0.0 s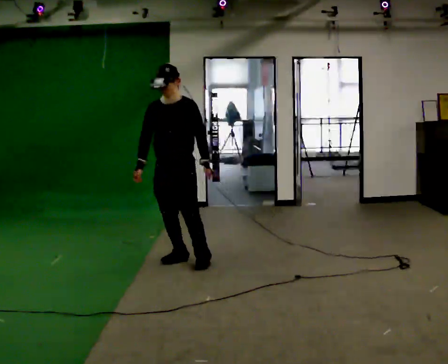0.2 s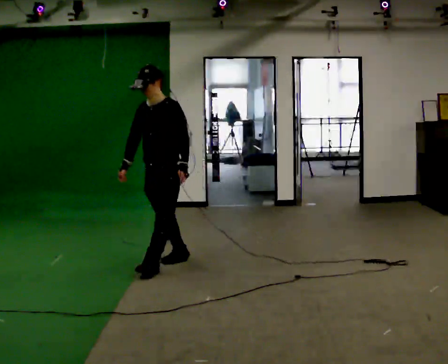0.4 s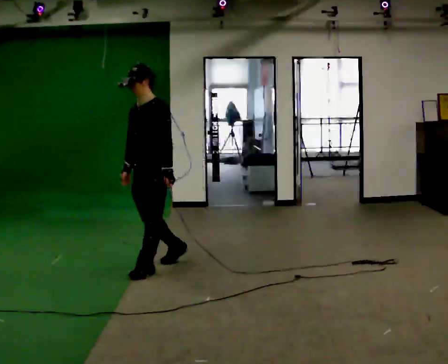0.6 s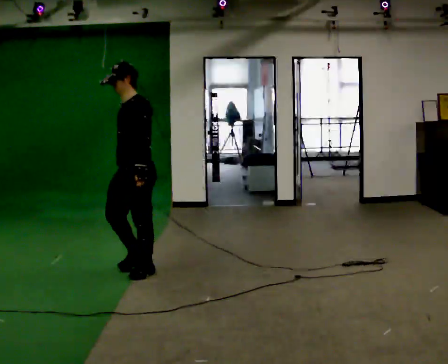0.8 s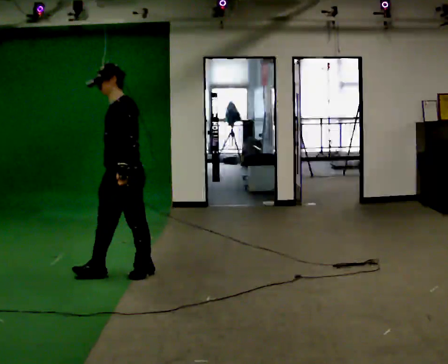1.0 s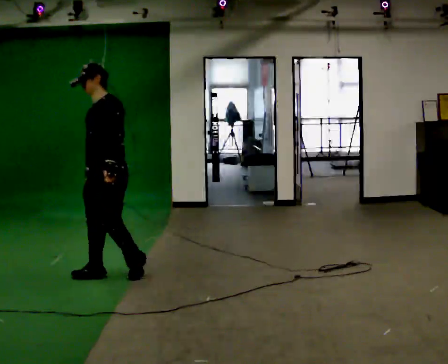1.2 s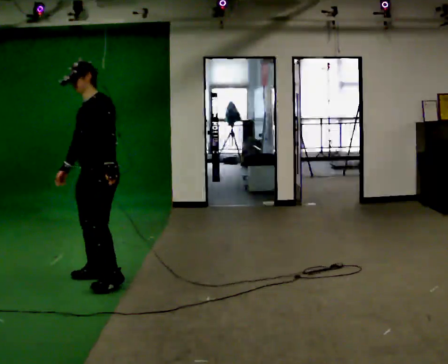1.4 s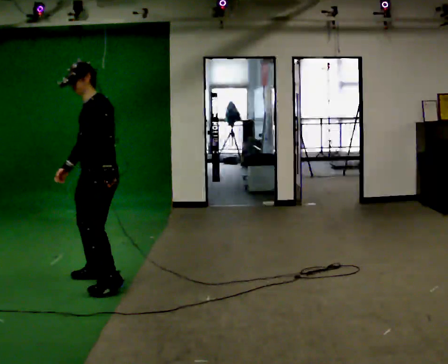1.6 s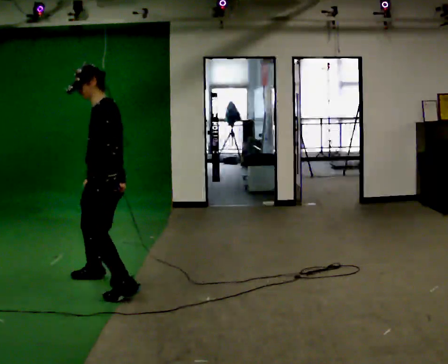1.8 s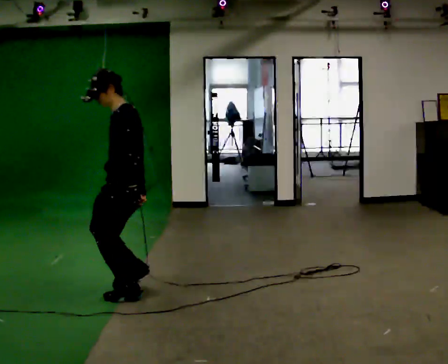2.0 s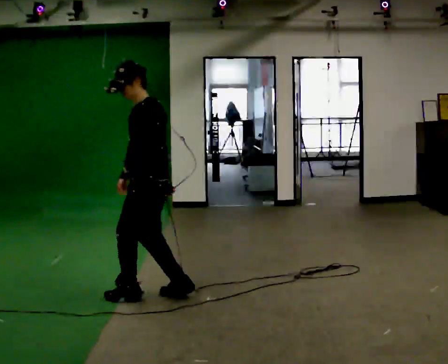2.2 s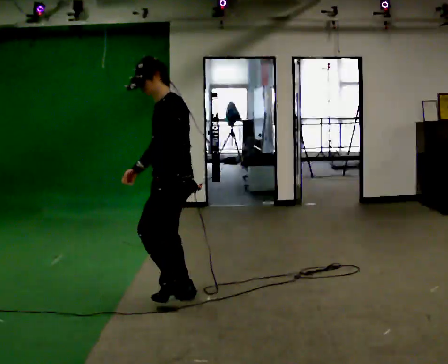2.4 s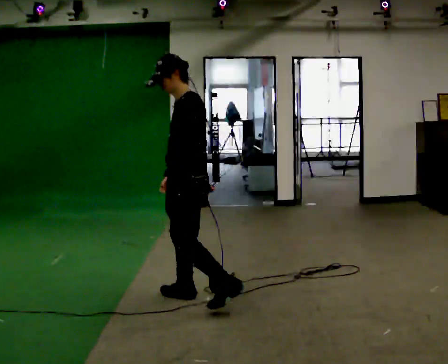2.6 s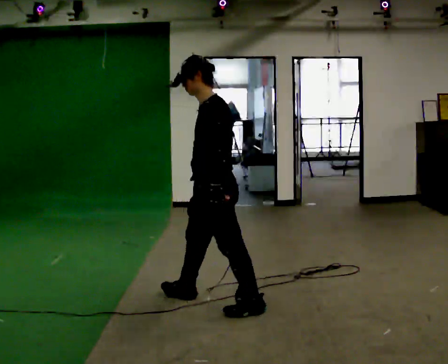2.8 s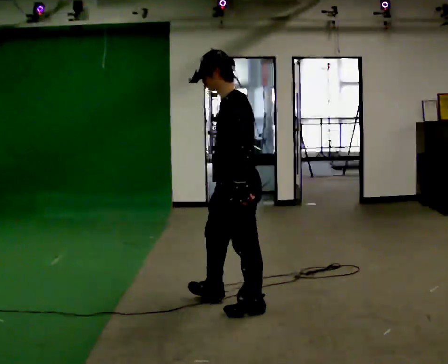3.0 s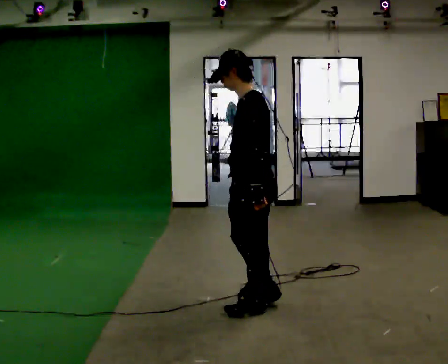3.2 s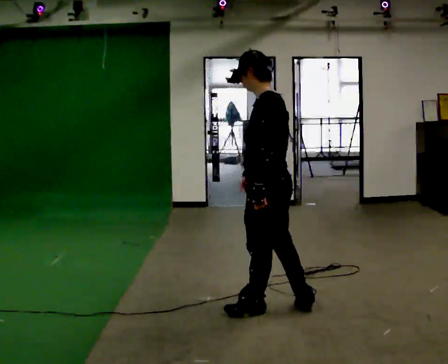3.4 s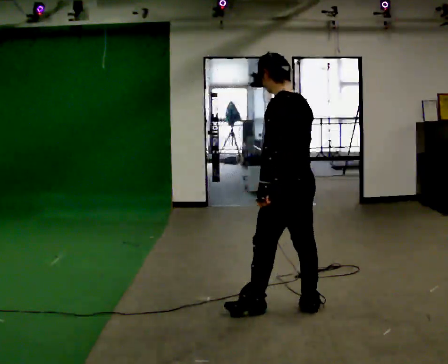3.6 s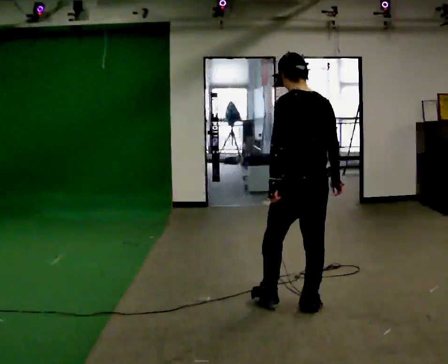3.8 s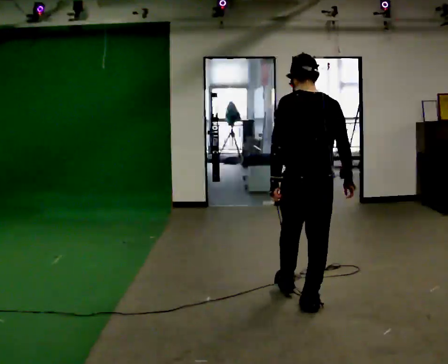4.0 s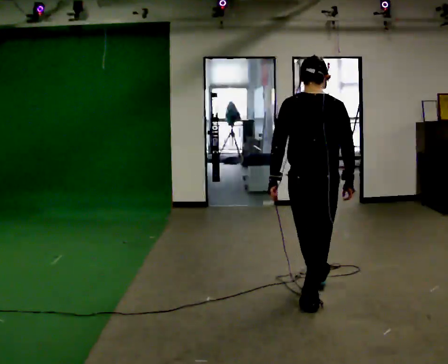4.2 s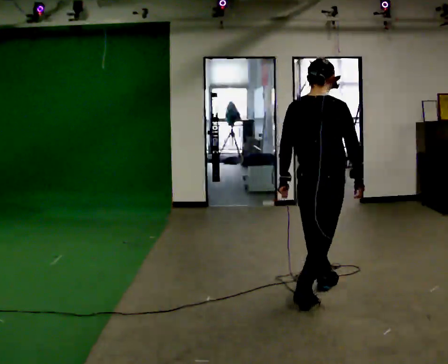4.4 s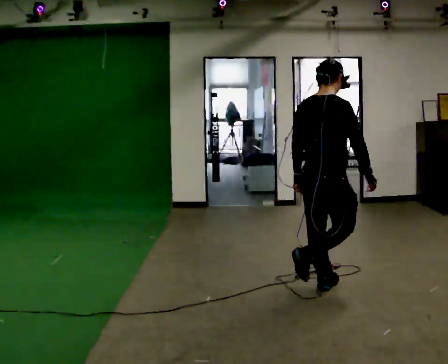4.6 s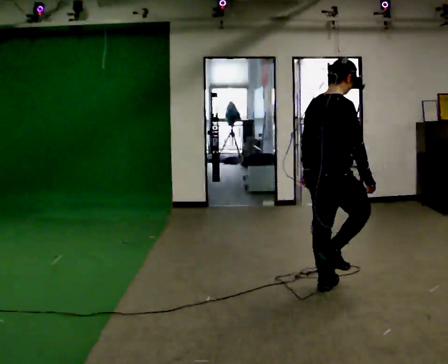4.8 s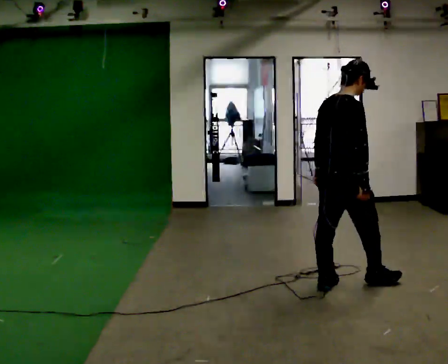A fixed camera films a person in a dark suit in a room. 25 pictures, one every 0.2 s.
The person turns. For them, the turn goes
to their right.
The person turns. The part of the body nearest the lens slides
to the left.
0.0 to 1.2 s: The person turns about 30 degrees to their right, clockwise seen from above, so the part of the body nearest the lens slides to the left. In the picture they go toward the camera and to the left, about 0.5 m in 2 steps, which for them is forward.
1.2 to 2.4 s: The part of the body nearest the lens slides to the left as the person turns to their right by about 30 degrees. In the picture they go to the right and toward the camera, about 1 m in 2 steps, which for them is to their left and backward.
2.4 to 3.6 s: The part of the body nearest the lens slides to the left as the person turns to their right by about 75 degrees. In the picture they go to the right, about 1 m in 2 steps.
3.6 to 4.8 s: The part of the body nearest the lens slides to the left as the person turns to their right by about 90 degrees. In the picture they go away from the camera and to the right, about 0.5 m in 1 step.
The film runs forward here.
